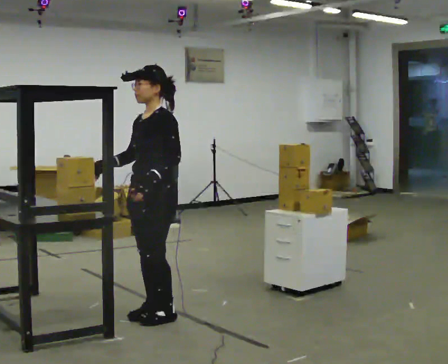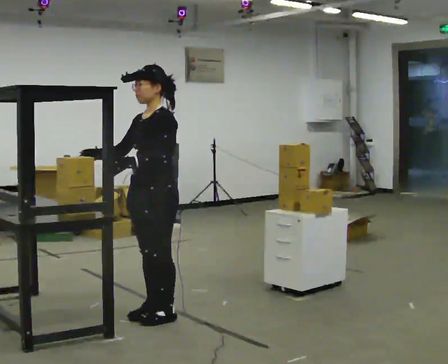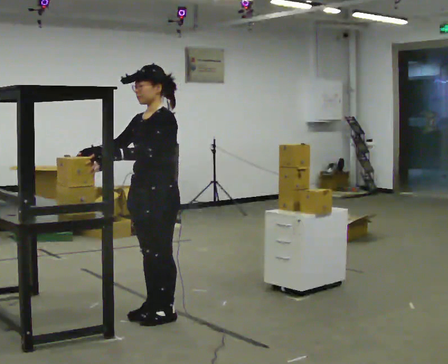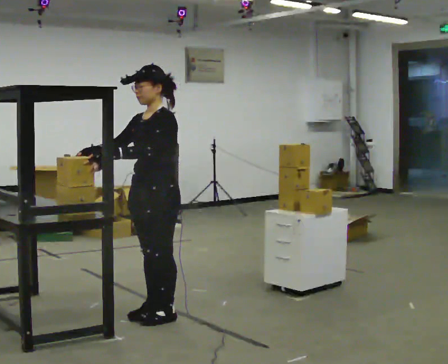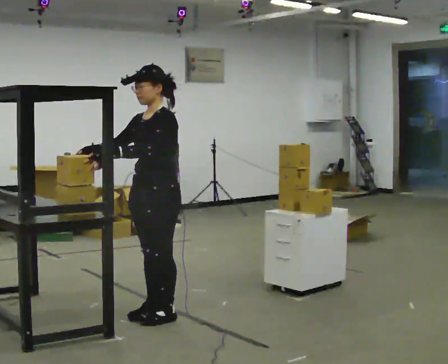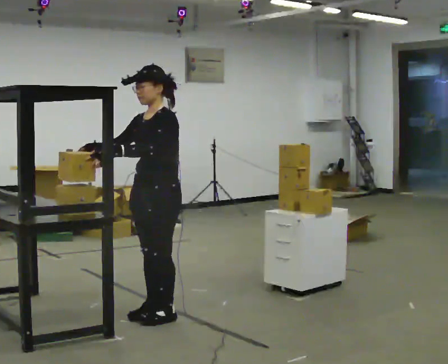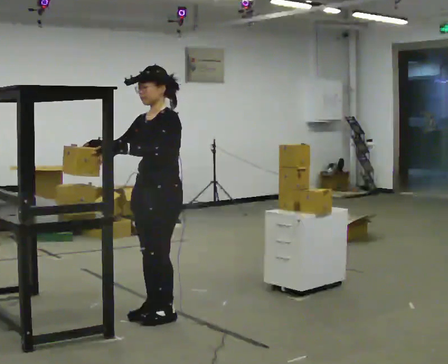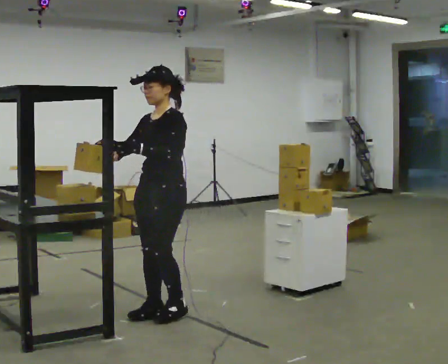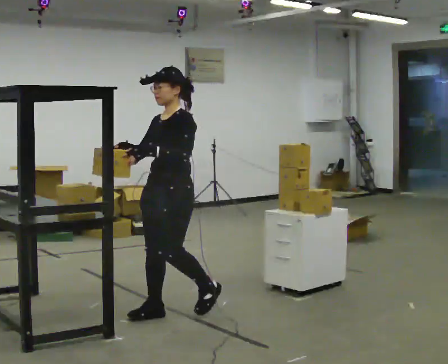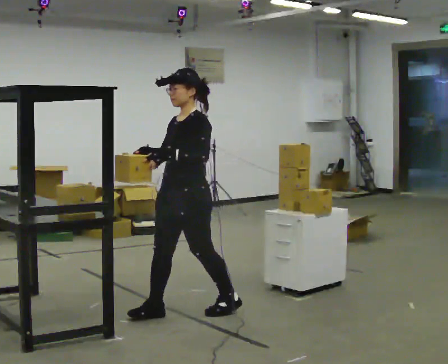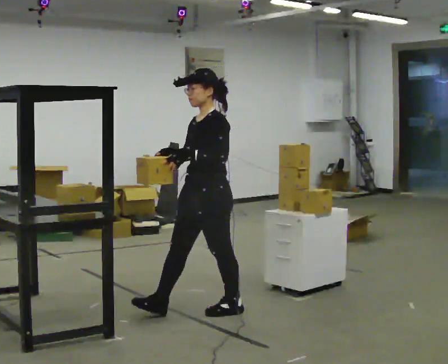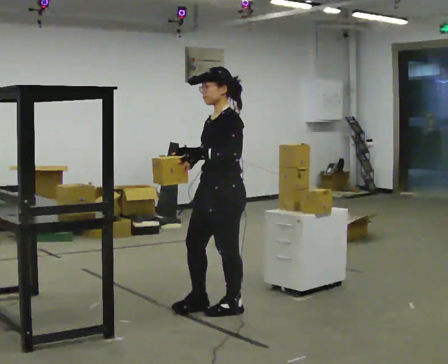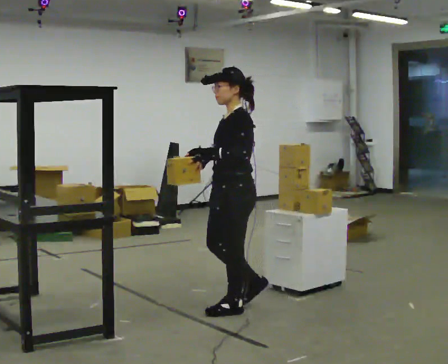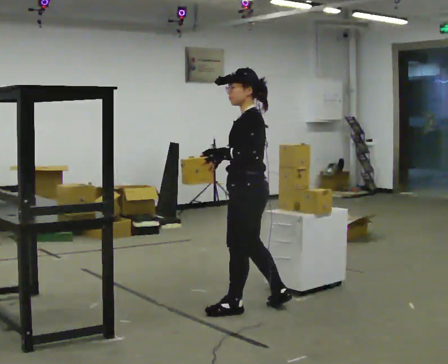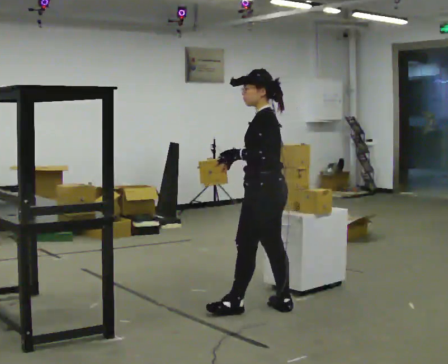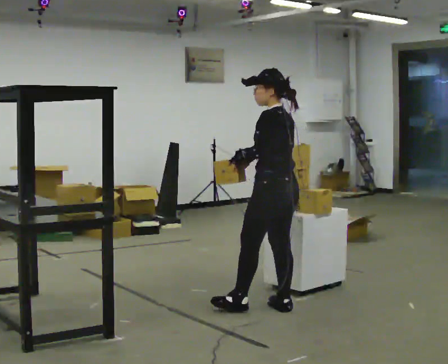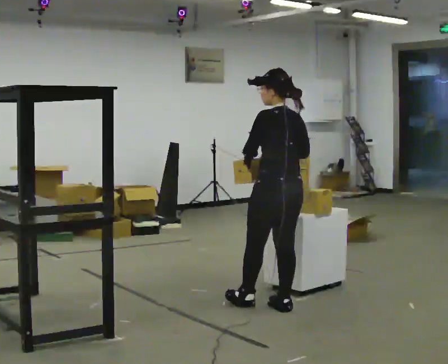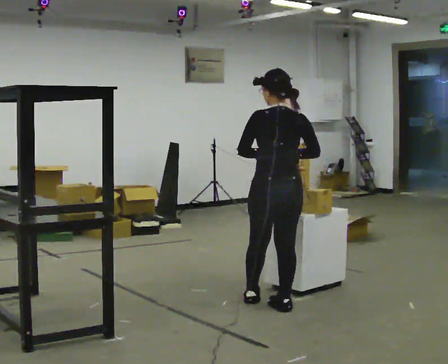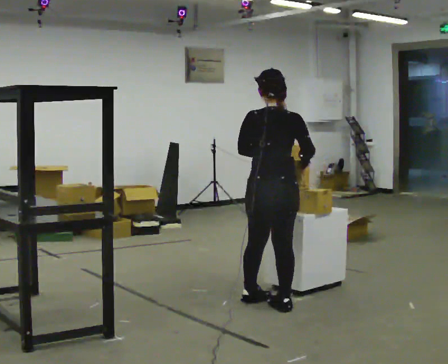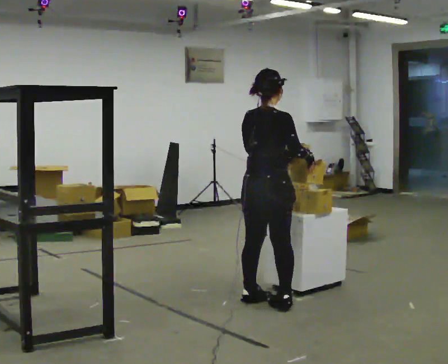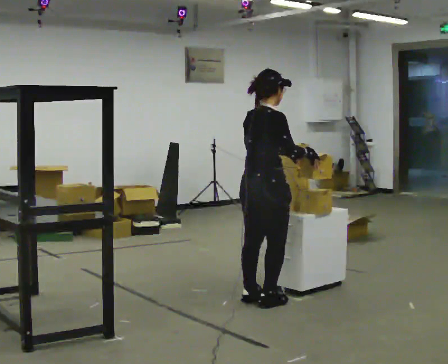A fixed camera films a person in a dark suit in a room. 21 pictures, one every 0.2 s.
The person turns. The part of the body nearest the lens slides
to the left.
The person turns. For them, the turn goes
to their right.
0.0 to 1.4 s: The person moves a little, or ends about where they began.
1.4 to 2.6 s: The person turns about 45 degrees to their right, clockwise seen from above, so the part of the body nearest the lens slides to the left. In the picture they go to the right, about 0.5 m in 1 step, which for them is backward.
2.6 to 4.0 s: The person turns about 135 degrees to their right, clockwise seen from above, so the part of the body nearest the lens slides to the left. In the picture they go away from the camera, about 0.25 m in 2 steps. In the picture their right hand goes to the right.
The film runs backward here.
